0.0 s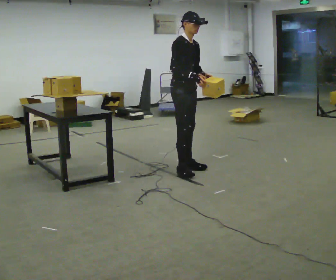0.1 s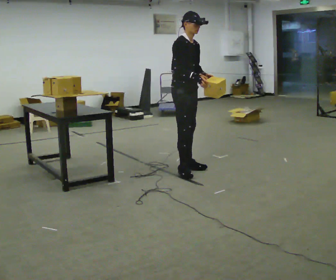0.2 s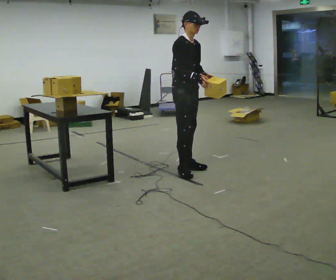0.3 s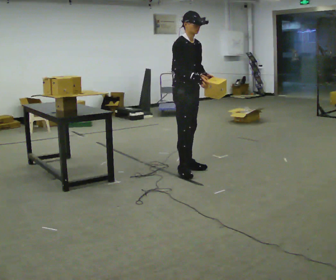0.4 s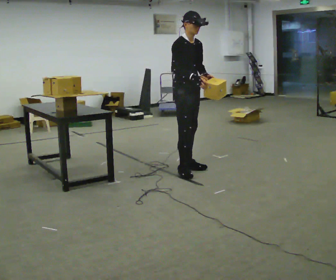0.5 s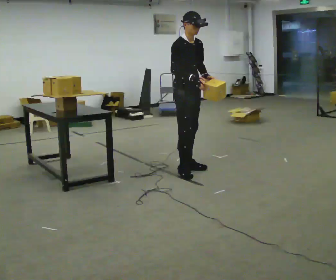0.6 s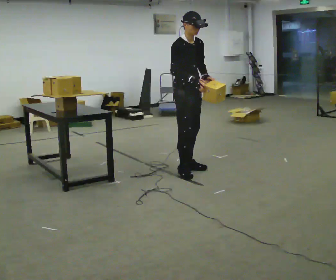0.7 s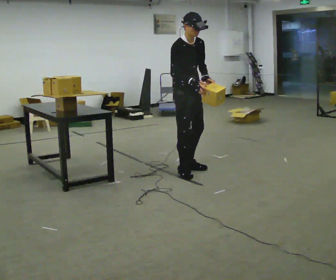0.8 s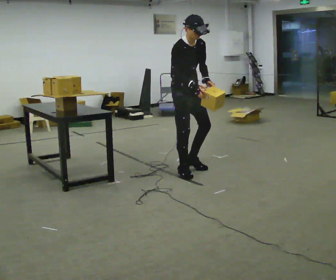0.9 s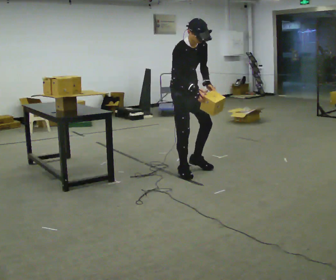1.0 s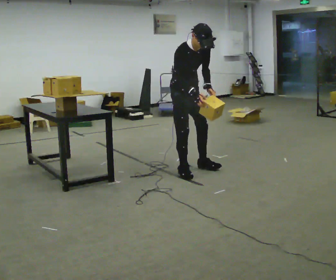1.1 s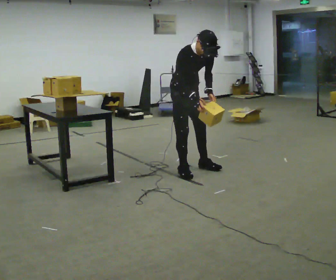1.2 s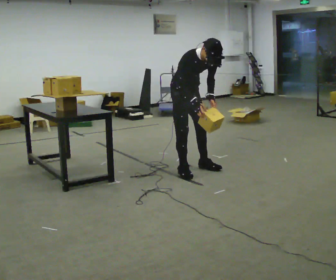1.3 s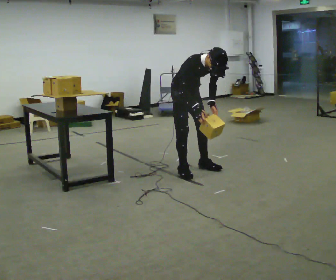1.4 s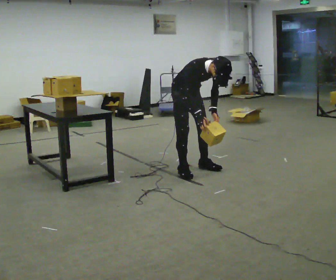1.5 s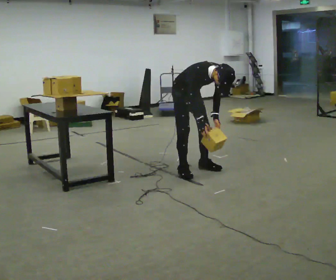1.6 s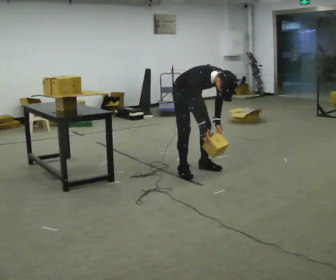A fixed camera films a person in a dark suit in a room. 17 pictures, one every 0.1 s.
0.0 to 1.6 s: The shoulders move downward. The upper body tips toward the camera, its near side rolling downward, as they bend forward. In the picture their right hand goes downward.
The film runs forward here.
